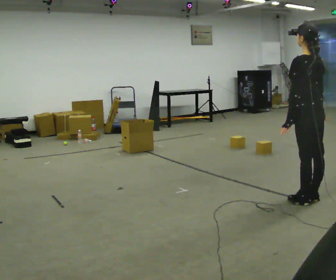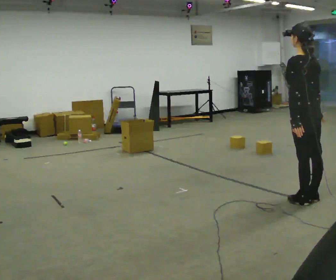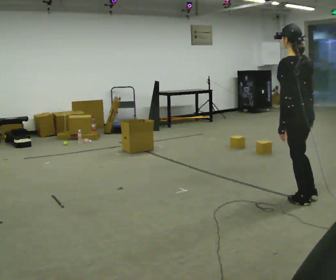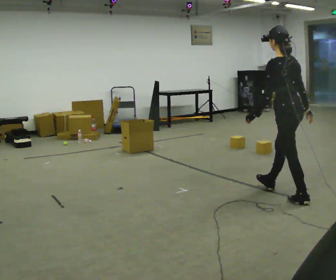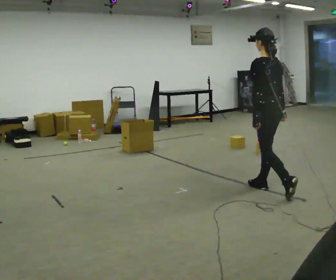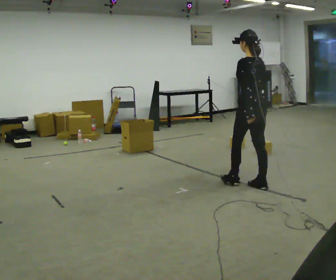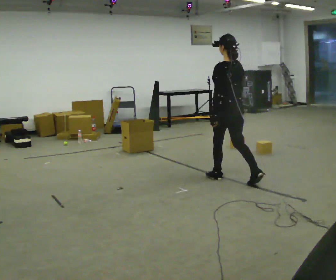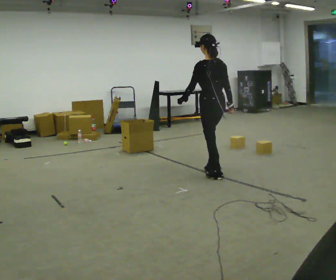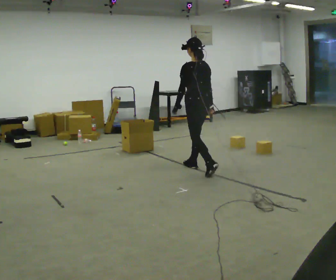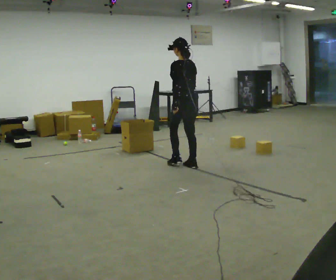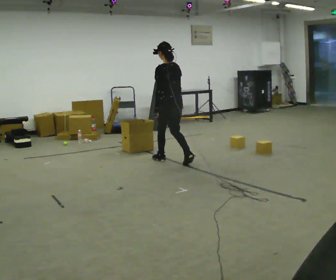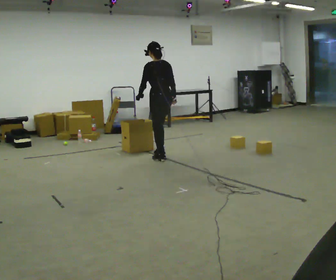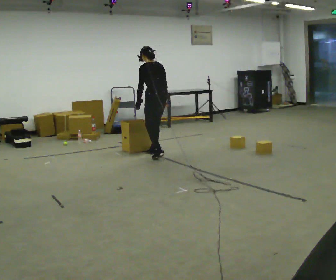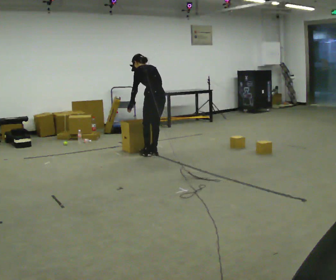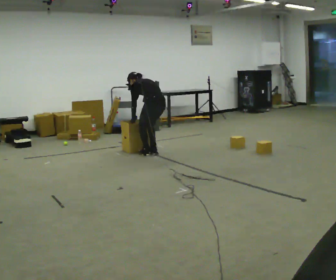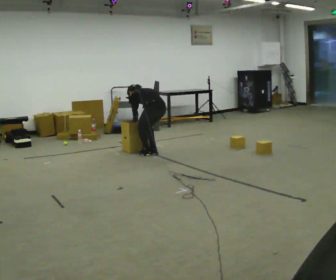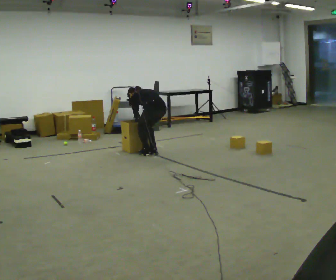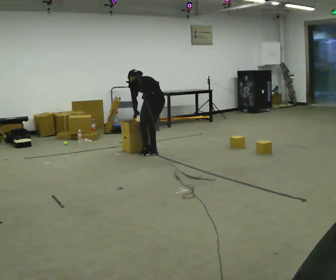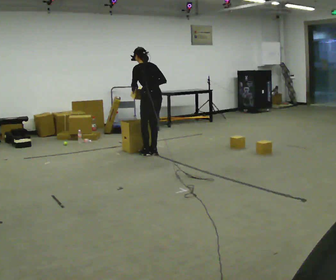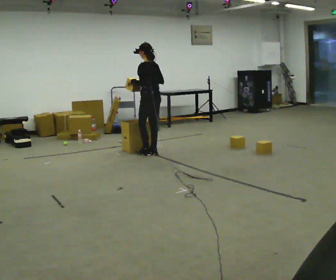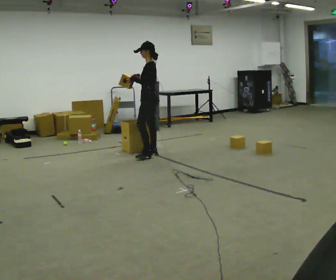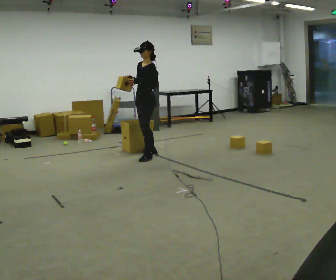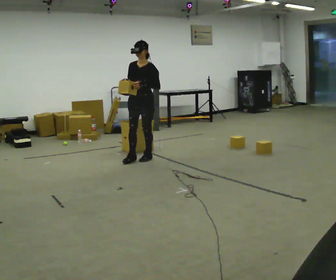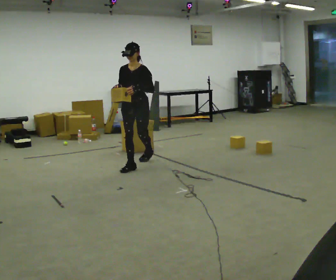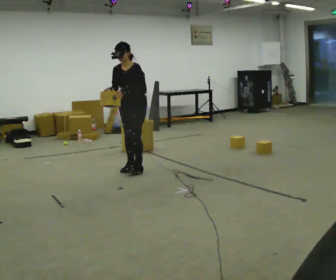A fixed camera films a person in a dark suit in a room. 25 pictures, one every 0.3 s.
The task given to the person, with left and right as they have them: Take the objects from the bin one at a time and put one in each of the places the operator points out. Keep going until the operator says stop; one object at a time, and do not rush between trips.
0.0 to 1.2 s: In the picture they go away from the camera and to the left, about 0.5 m in 1 step, which for them is forward.
1.2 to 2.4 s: In the picture they go away from the camera and to the left, about 1 m in 2 steps, which for them is forward.
2.4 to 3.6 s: In the picture they go away from the camera and to the left, about 1 m in 2 steps, which for them is forward.
3.6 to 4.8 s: The shoulders move downward. The upper body tips away from the camera, its near side rolling upward, as they bend forward. In the picture their right hand goes downward.
4.8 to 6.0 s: Seen from above the body turns counterclockwise, about 45 degrees: to their left, with its near side sliding to the right. The upper body goes upward. The upper body tips toward the camera, its near side rolling downward, as they lean back or straighten. In the picture their right hand goes upward.
6.0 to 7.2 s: The person turns about 75 degrees to their left, counterclockwise seen from above, so the part of the body nearest the lens slides to the right. In the picture they go toward the camera, about 0.5 m in 1 step. In the picture the upper body tilts counterclockwise, shoulders to the left, as they bend forward.
The film runs forward here.
